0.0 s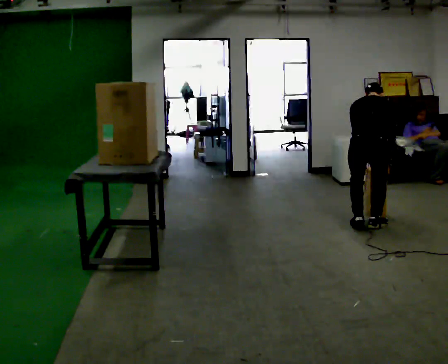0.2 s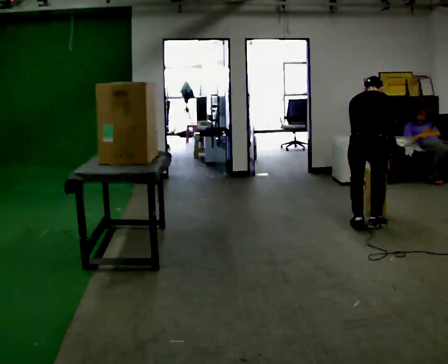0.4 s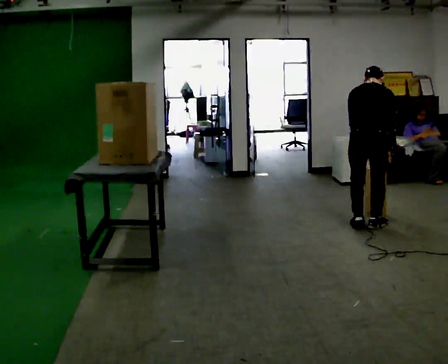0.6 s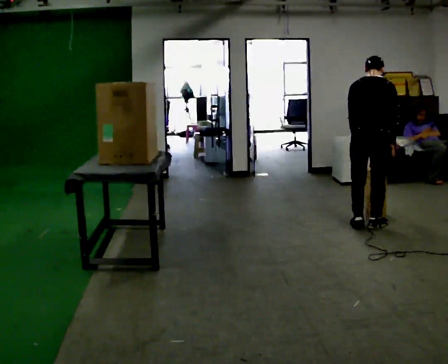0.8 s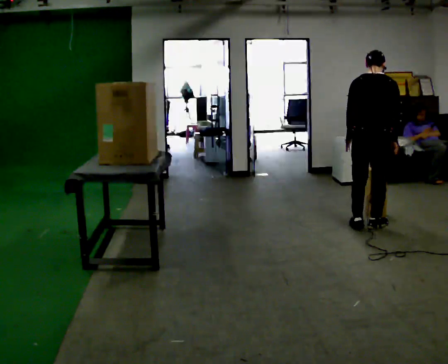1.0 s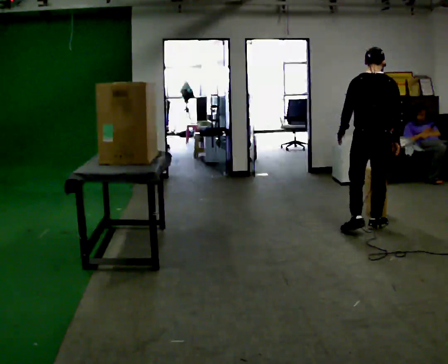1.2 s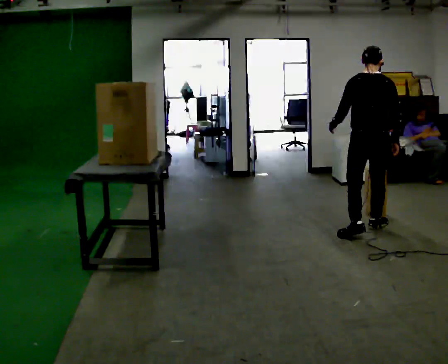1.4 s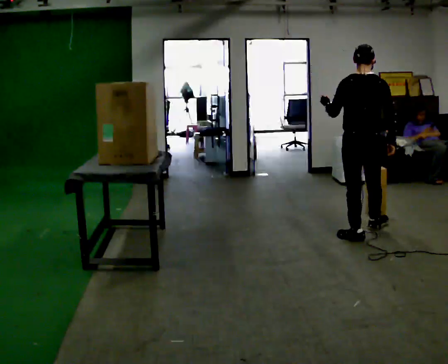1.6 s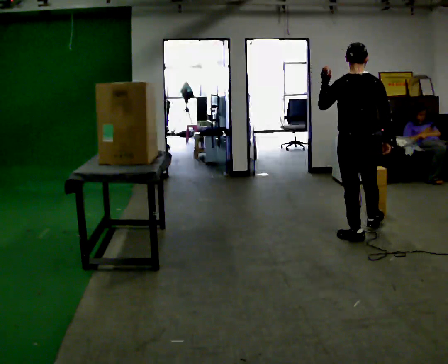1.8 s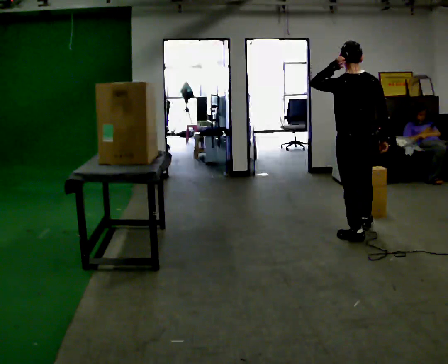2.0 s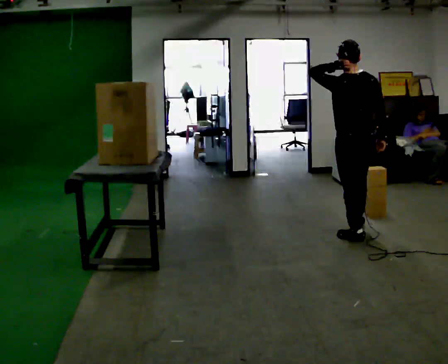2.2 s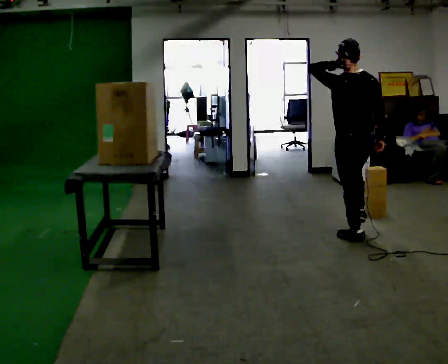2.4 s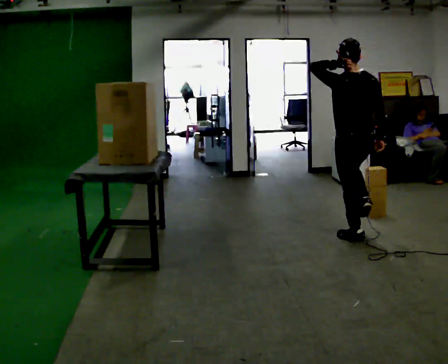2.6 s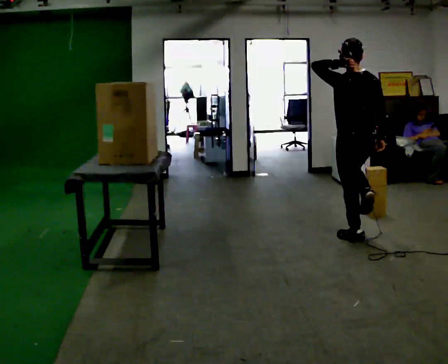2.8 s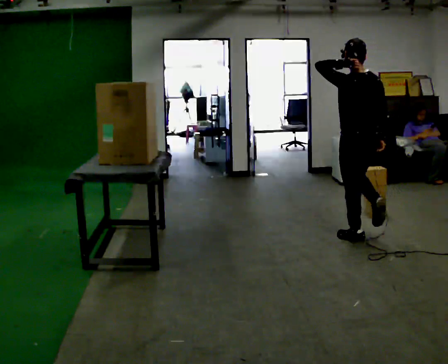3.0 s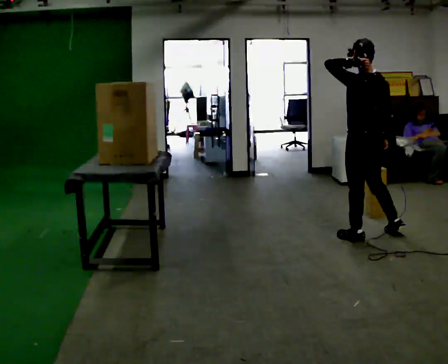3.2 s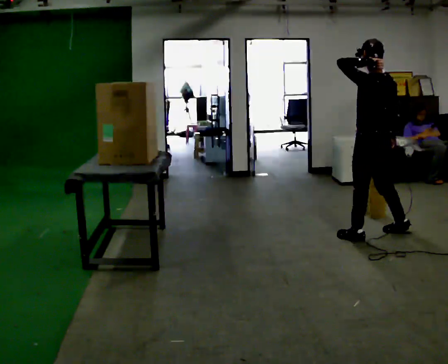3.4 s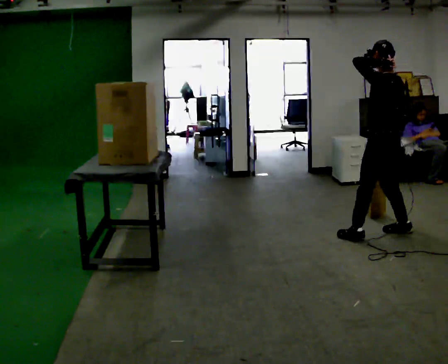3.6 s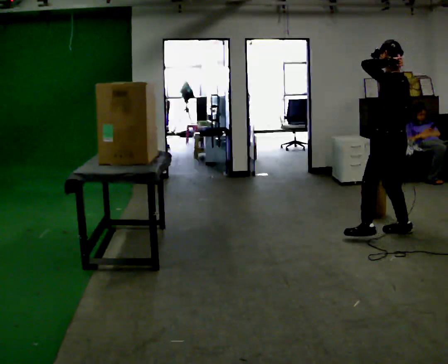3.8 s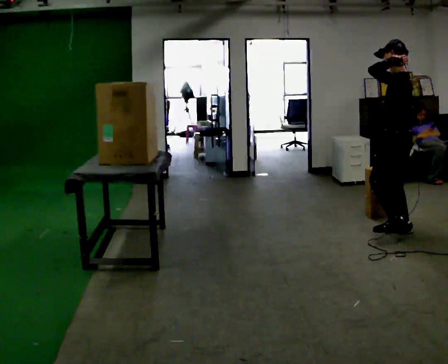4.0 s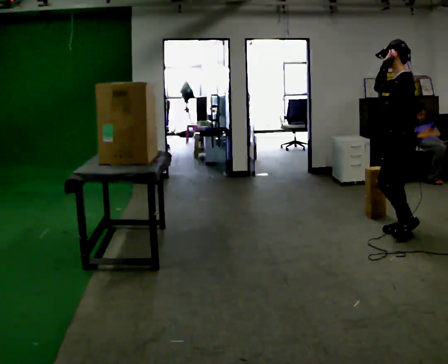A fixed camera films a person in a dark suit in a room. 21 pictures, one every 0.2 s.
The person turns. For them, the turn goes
to their left.
The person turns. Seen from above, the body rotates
counterclockwise.
0.0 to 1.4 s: The shoulders move upward. The upper body tips toward the camera, its near side rolling downward, as they lean back or straighten. In the picture their left hand goes upward and to the left, the arm swinging clockwise.
1.4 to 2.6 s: In the picture their left hand goes upward.
2.6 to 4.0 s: The person turns about 60 degrees to their left, counterclockwise seen from above, so the part of the body nearest the lens slides to the right. In the picture they go to the right, about 0.5 m in 1 step, which for them is to their right and backward.
The film runs backward here.
